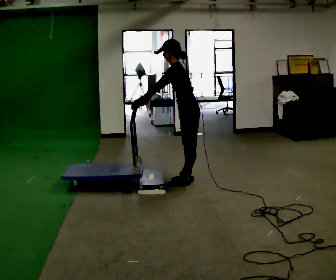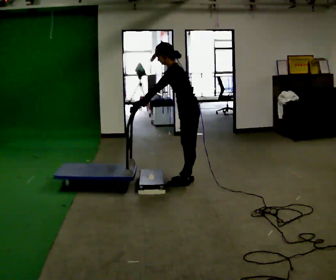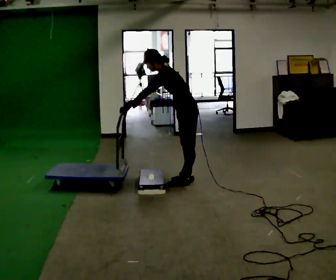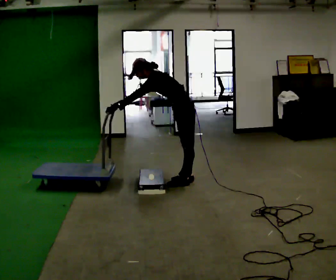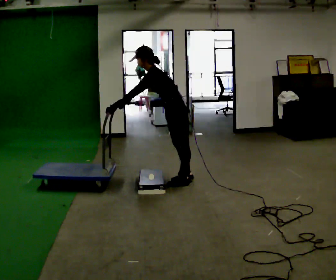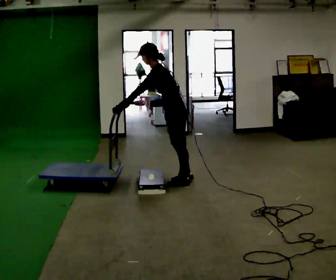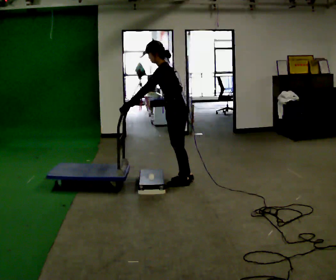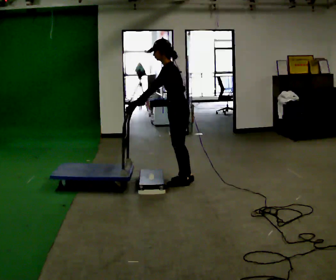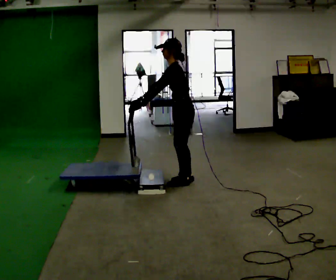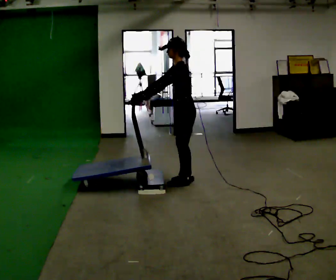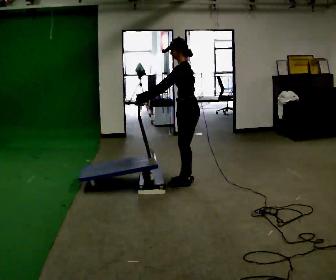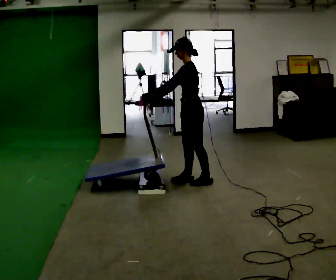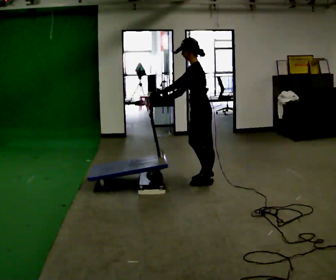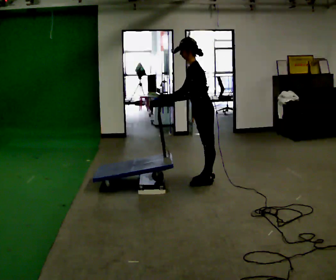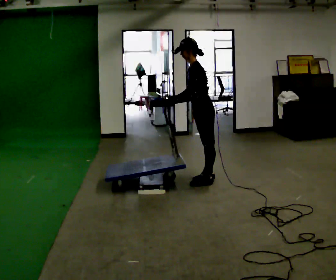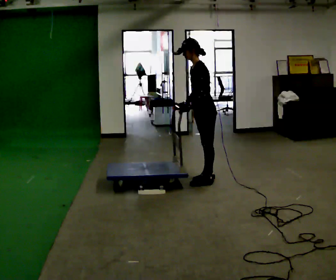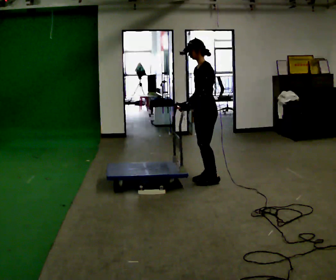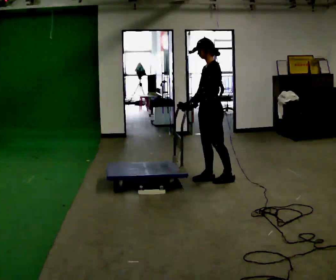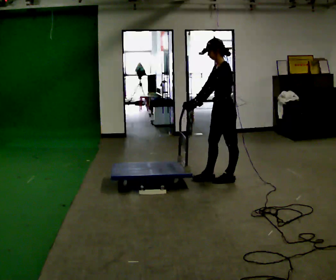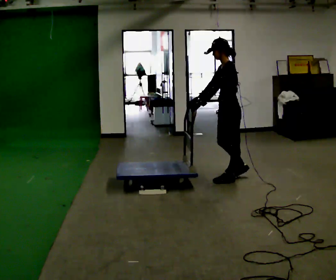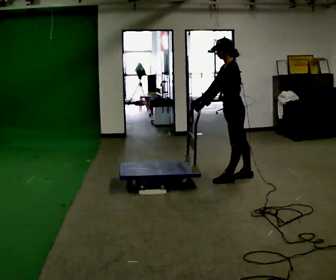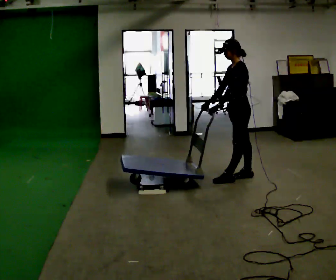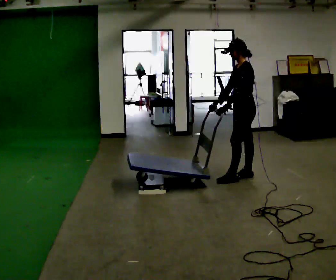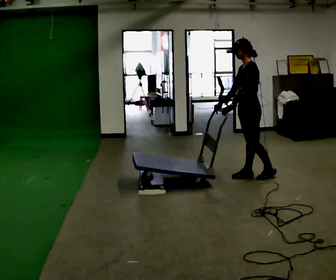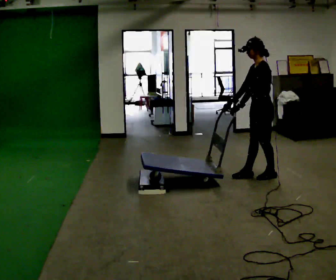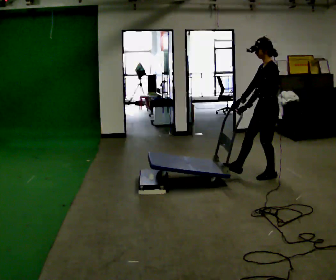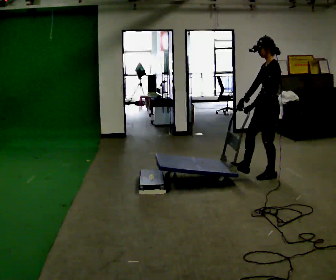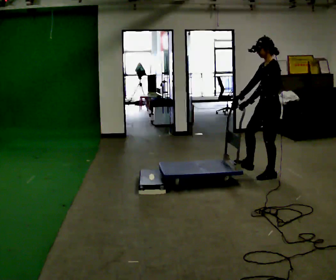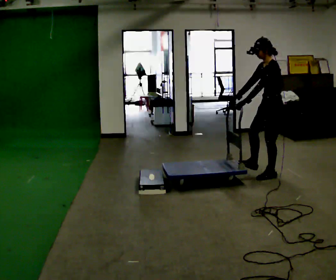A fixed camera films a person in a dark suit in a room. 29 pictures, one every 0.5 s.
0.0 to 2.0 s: The person moves a little, or ends about where they began.
2.0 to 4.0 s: In the picture the upper body tilts clockwise, shoulders to the right, as they lean back or straighten.
4.0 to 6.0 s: In the picture they go to the right, about 0.25 m in 2 steps, which for them is backward.
6.0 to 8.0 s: The person moves a little, or ends about where they began.
8.0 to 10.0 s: In the picture they go to the right, about 0.25 m in 1 step, which for them is backward.
10.0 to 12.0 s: In the picture they go to the right, about 0.25 m in 1 step, which for them is backward.
12.0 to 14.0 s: The person moves a little, or ends about where they began.
The film runs backward here.
